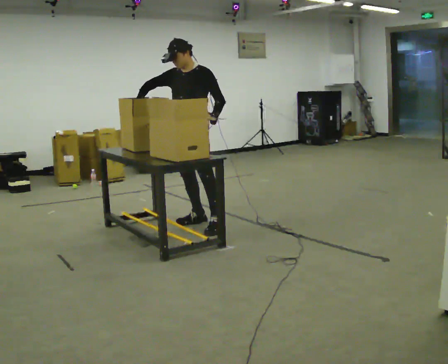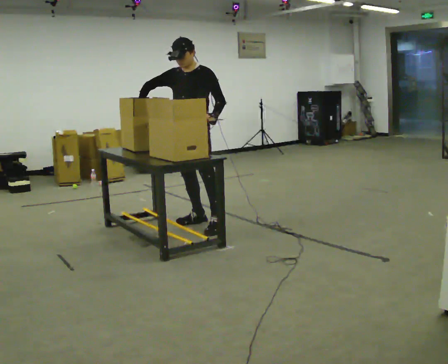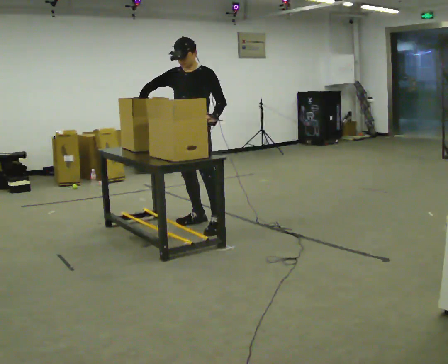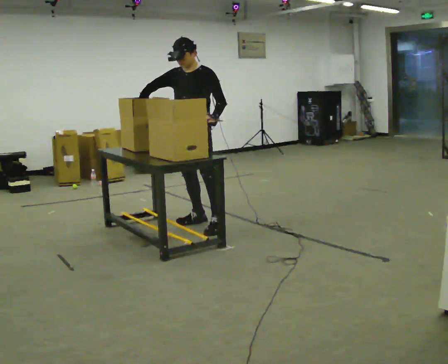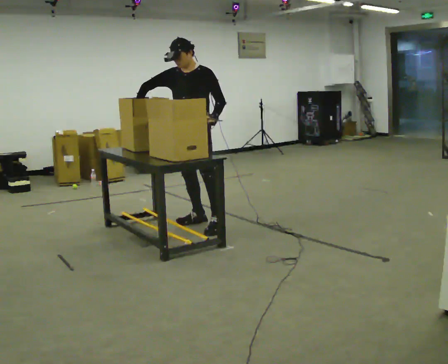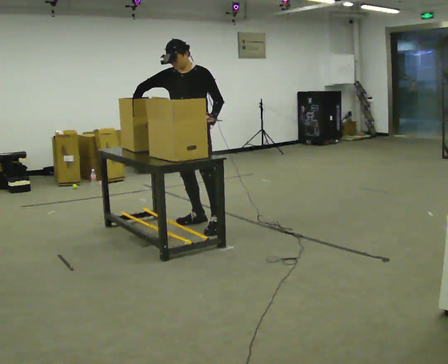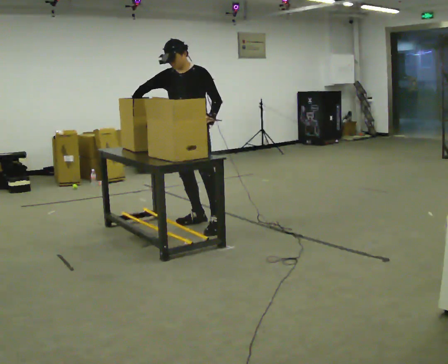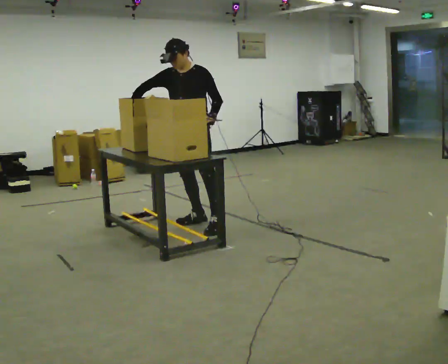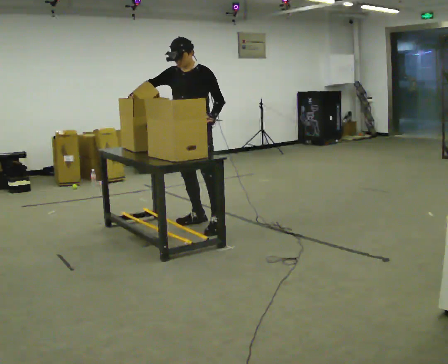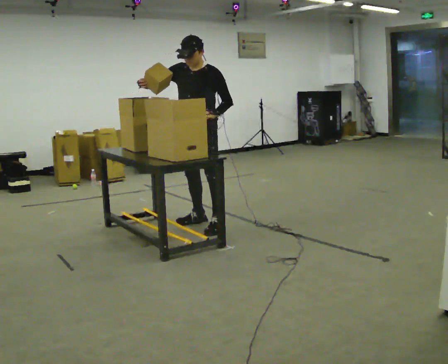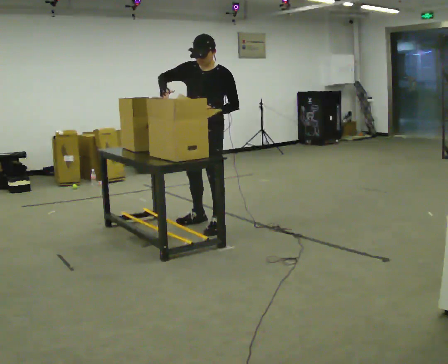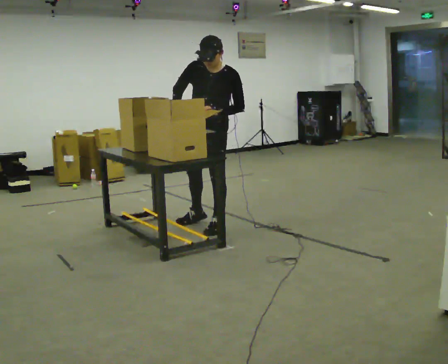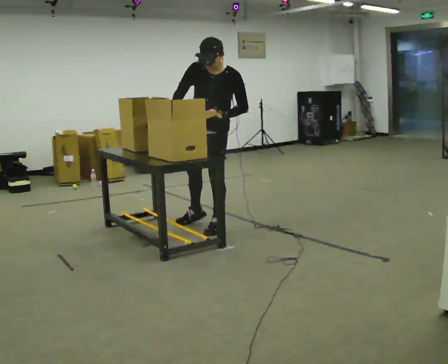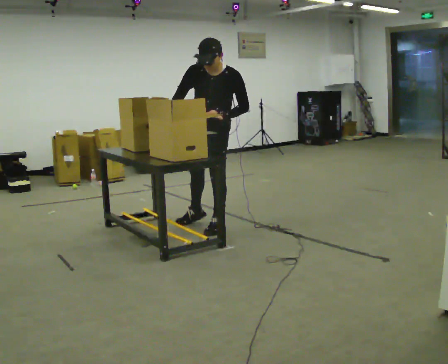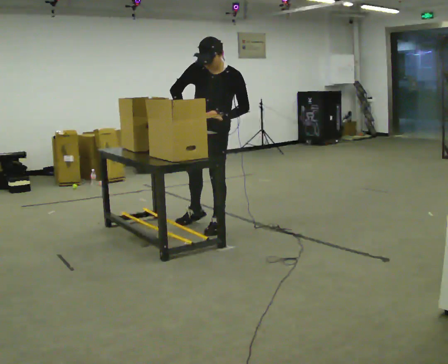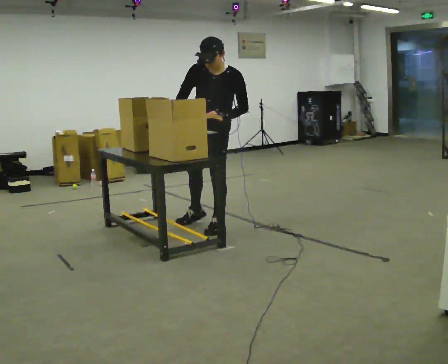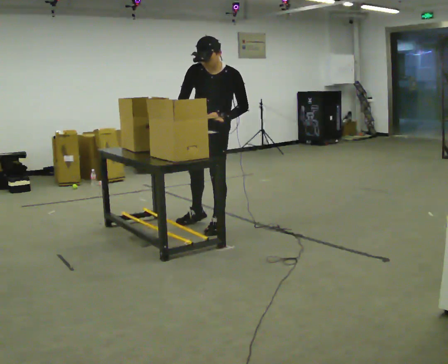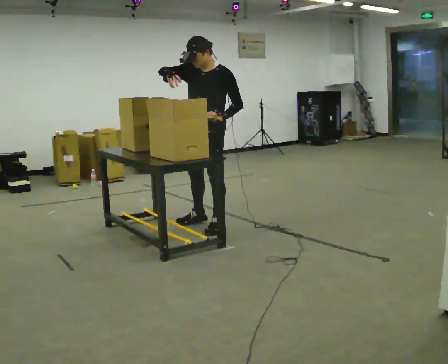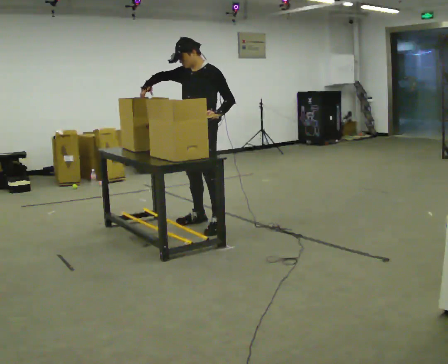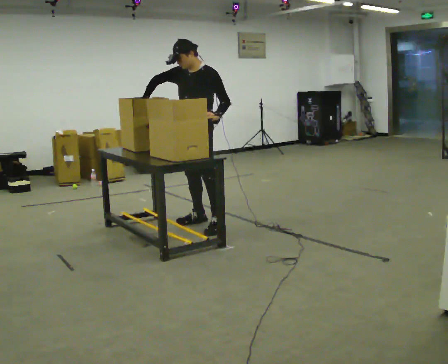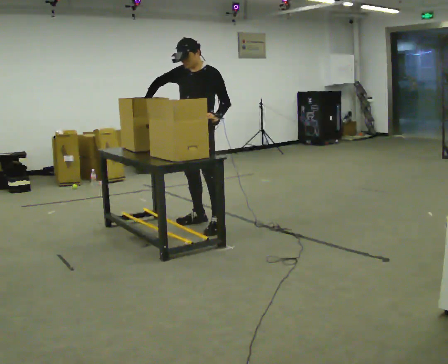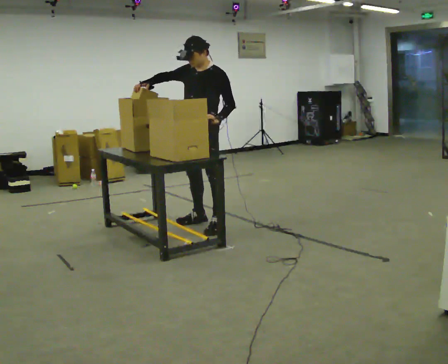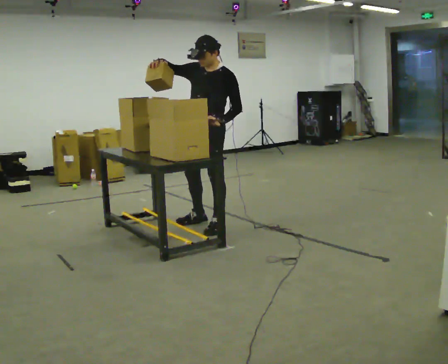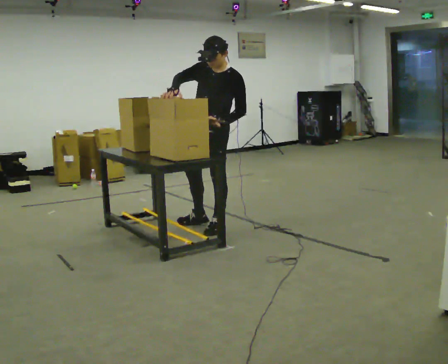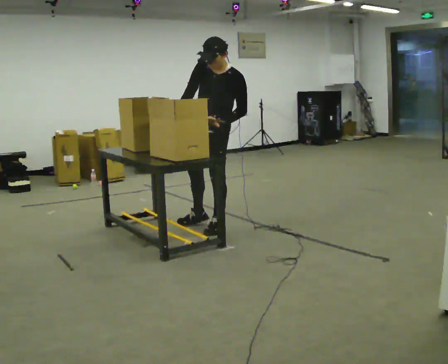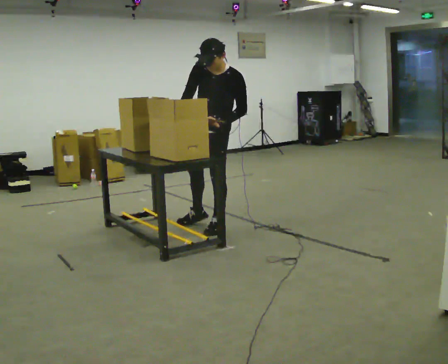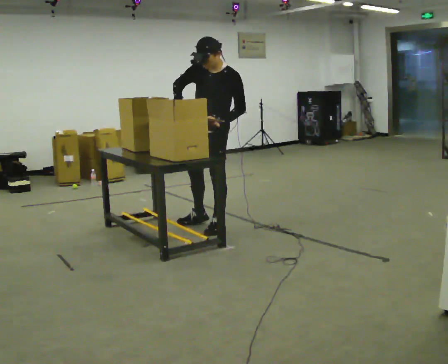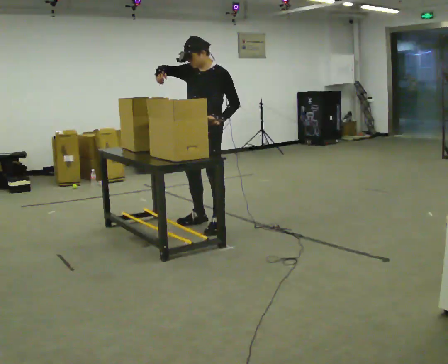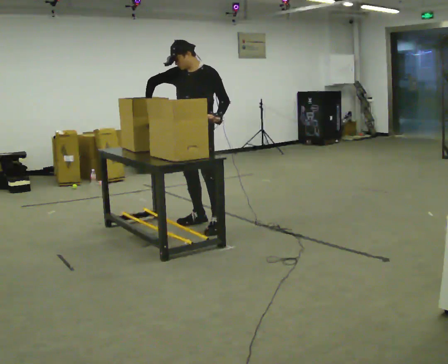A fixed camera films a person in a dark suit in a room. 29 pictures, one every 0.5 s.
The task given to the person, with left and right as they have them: Move the items from one container to the other one at a time, then move them back. Repeat at your own pace until the operator says stop. Keep both feet on the marked spots for the whole take. If you have to step, stop and tell the operator.
0.0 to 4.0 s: The person moves a little, or ends about where they began.
4.0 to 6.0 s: In the picture they go toward the camera, about 0.25 m, which for them is to their left. The upper body tips toward the camera, its near side rolling downward. In the picture their right hand goes to the right.
6.0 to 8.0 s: The person moves a little, or ends about where they began.
8.0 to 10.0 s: The upper body tips away from the camera, its near side rolling upward, as they lean back or straighten. In the picture their right hand goes to the left.
10.0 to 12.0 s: In the picture they go toward the camera, about 0.25 m, which for them is to their left. In the picture their right hand goes to the right.
12.0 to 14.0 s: In the picture they go away from the camera, about 0.25 m, which for them is to their right.
The film runs forward here.
